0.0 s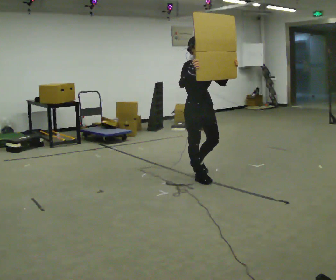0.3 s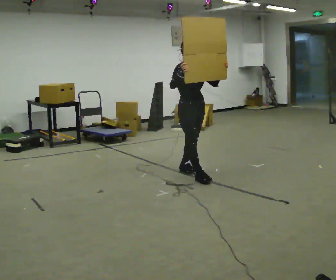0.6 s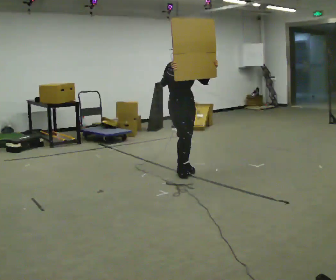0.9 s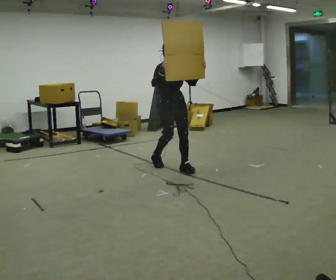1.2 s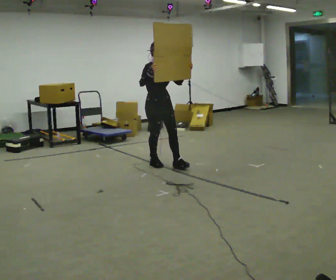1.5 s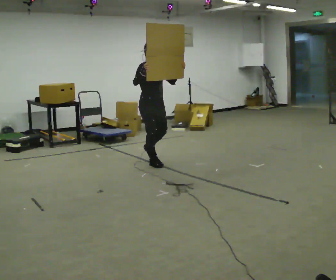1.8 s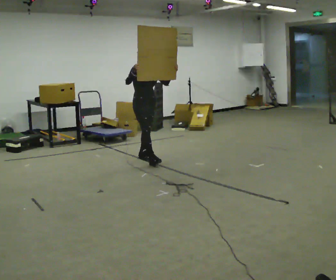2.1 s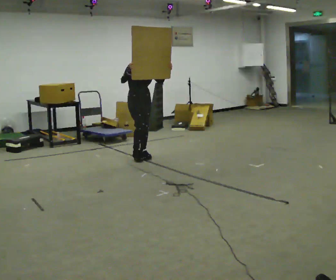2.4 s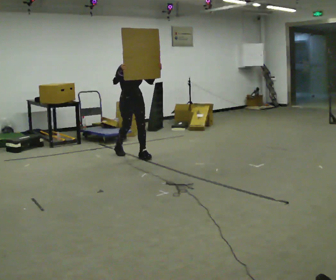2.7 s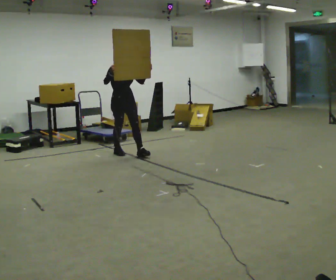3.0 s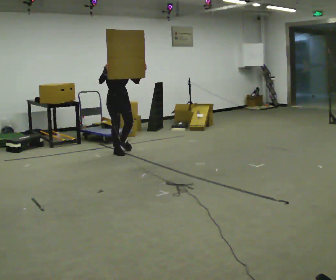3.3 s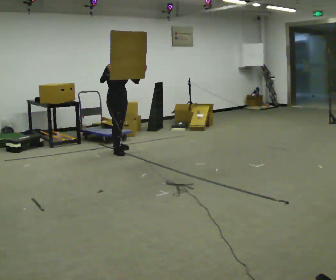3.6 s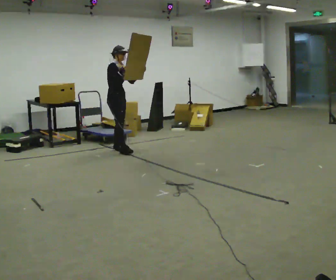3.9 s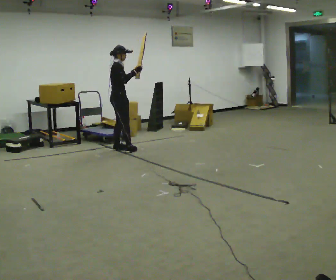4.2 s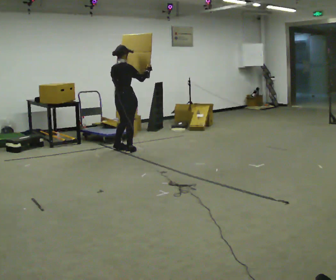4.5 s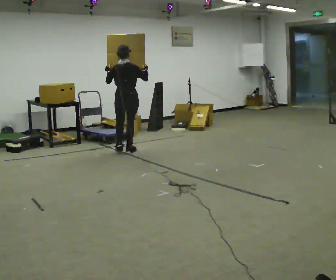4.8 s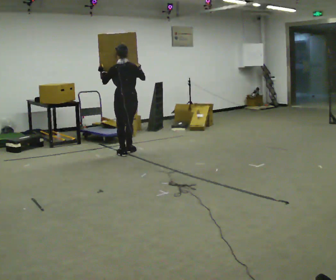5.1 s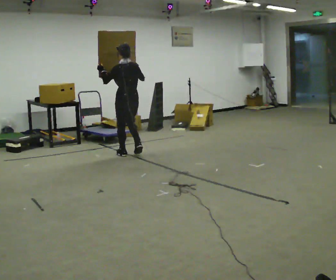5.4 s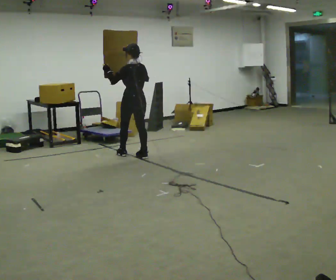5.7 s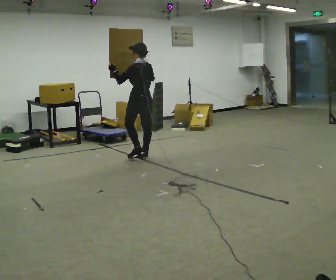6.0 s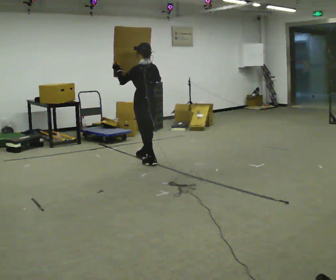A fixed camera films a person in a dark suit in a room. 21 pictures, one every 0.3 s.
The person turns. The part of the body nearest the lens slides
to the right.
The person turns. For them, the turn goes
to their left.
0.0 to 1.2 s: In the picture they go away from the camera and to the left, about 1 m in 2 steps, which for them is backward.
1.2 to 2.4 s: In the picture they go away from the camera and to the left, about 0.75 m in 1 step, which for them is backward.
2.4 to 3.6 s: The part of the body nearest the lens slides to the right as the person turns to their left by about 30 degrees. In the picture they go away from the camera and to the left, about 0.5 m in 2 steps, which for them is backward.
3.6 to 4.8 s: Seen from above the body turns counterclockwise, about 135 degrees: to their left, with its near side sliding to the right. In the picture they go toward the camera and to the right, about 0.25 m in 2 steps.
4.8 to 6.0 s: The part of the body nearest the lens slides to the right as the person turns to their left by about 30 degrees. In the picture they go toward the camera and to the right, about 0.5 m in 1 step, which for them is backward.
The film runs backward here.
